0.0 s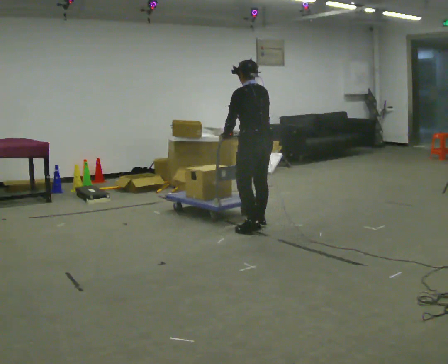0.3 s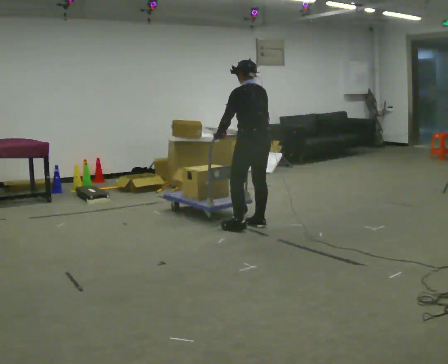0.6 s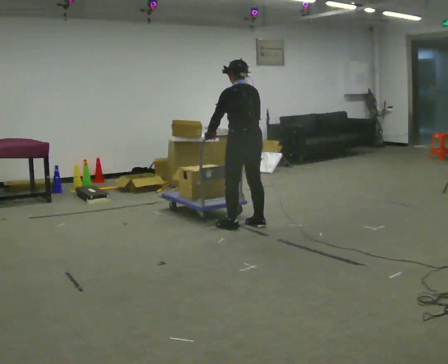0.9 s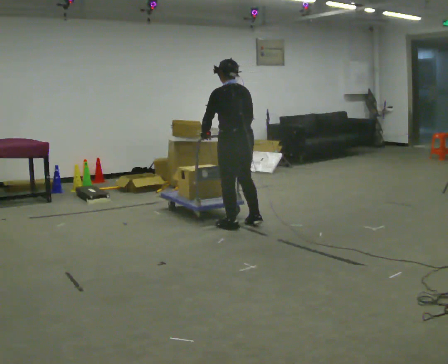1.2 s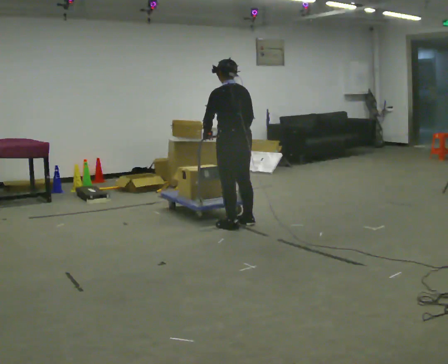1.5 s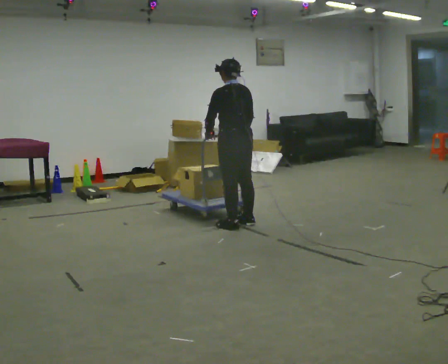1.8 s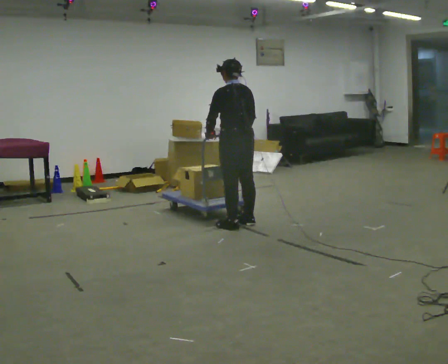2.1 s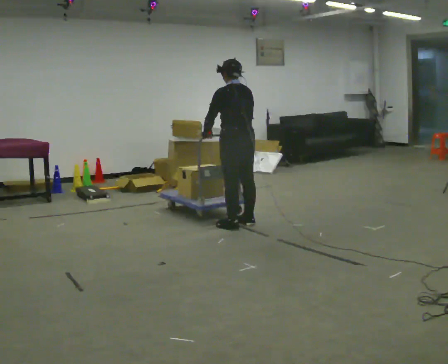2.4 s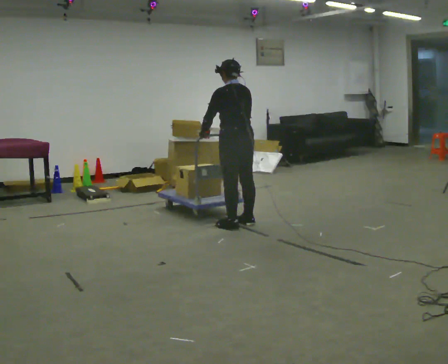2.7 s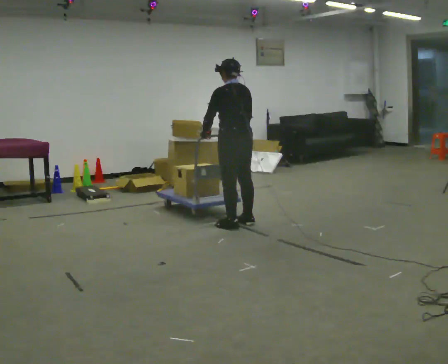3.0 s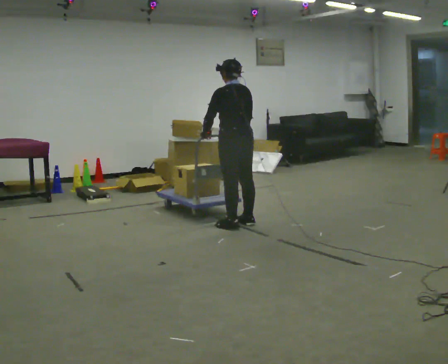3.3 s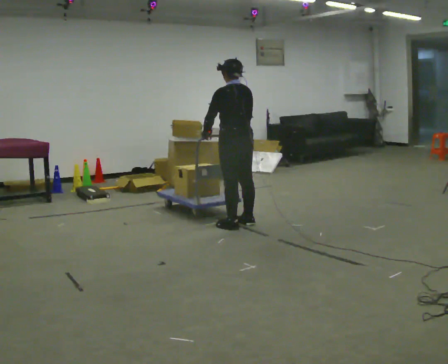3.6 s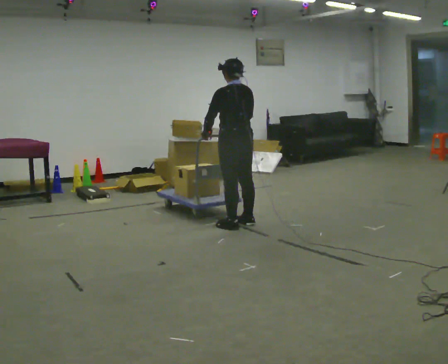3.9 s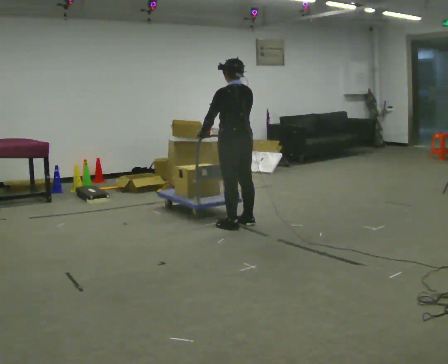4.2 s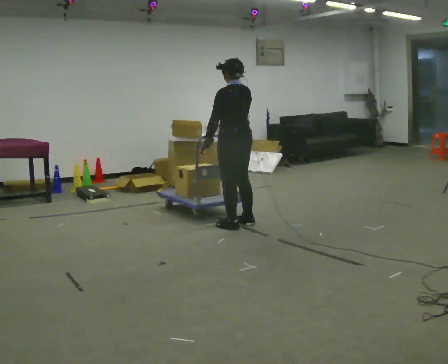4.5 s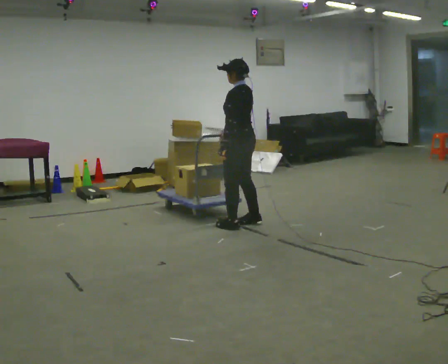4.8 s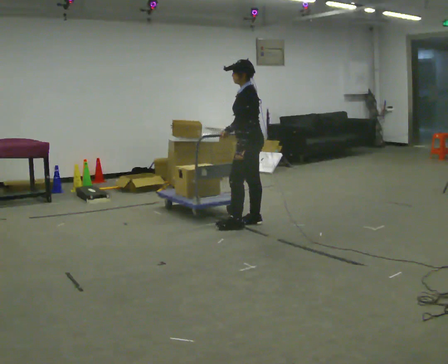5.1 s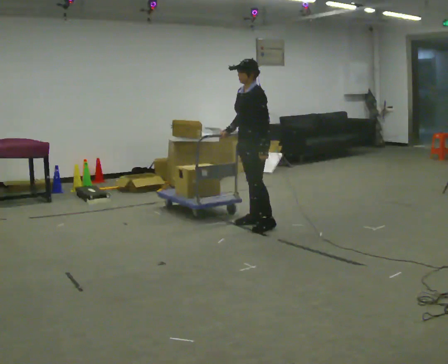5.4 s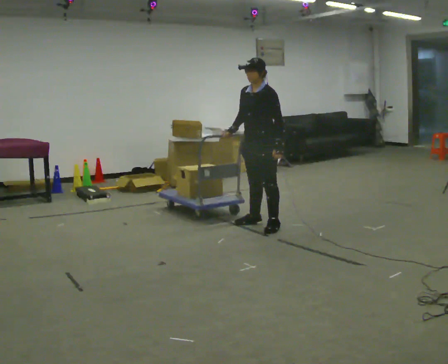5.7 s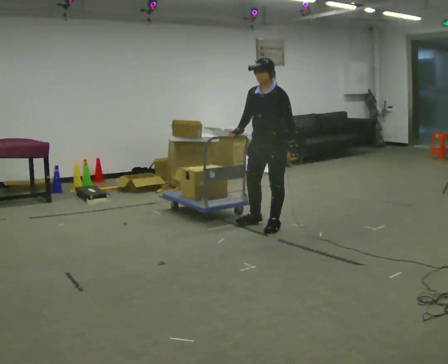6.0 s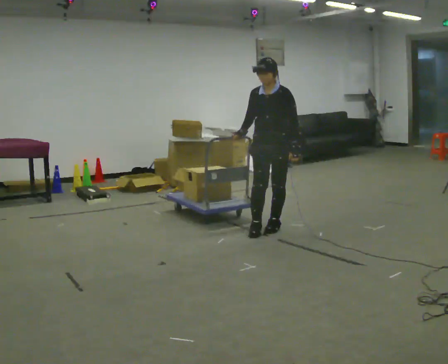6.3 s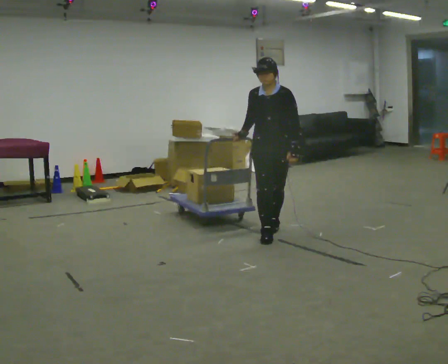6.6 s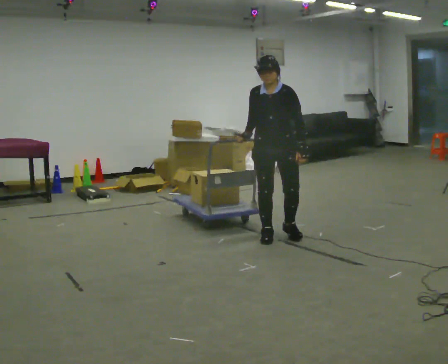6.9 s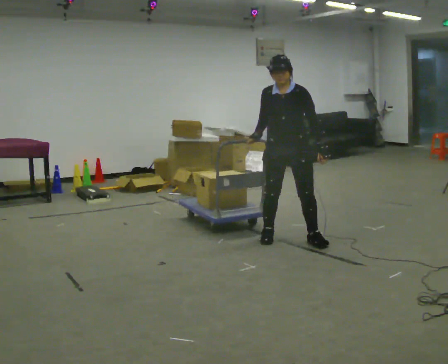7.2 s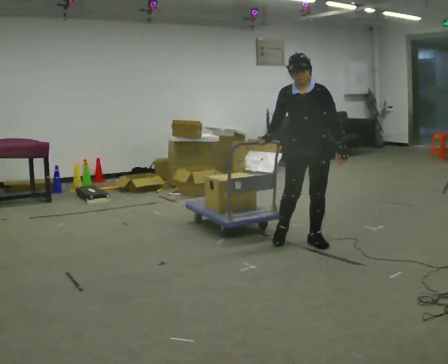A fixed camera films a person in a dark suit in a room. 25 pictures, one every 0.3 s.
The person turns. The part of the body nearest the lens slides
to the right.
The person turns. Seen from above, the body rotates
counterclockwise.
0.0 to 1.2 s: In the picture they go to the left, about 0.25 m in 1 step, which for them is to their left and forward.
1.2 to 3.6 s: The person moves a little, or ends about where they began.
3.6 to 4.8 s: The part of the body nearest the lens slides to the right as the person turns to their left by about 60 degrees. In the picture they go to the right, about 0.25 m, which for them is to their right. In the picture their left hand goes to the right.
4.8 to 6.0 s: The part of the body nearest the lens slides to the right as the person turns to their left by about 75 degrees. In the picture they go to the right and toward the camera, about 0.25 m in 1 step.
6.0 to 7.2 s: In the picture they go toward the camera and to the right, about 0.5 m in 2 steps, which for them is to their left and forward.
The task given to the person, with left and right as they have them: Get the cart into the marked parking space and lined up with the tape. Take as many adjustments as you need. Then take it out again and repeat.
The film runs forward here.
